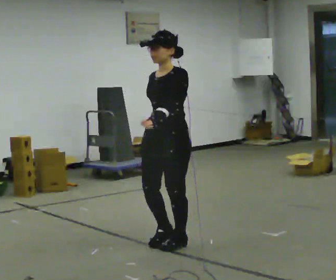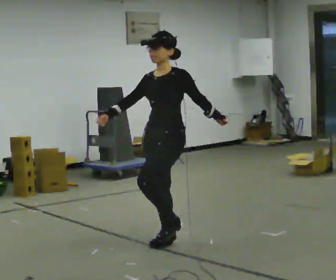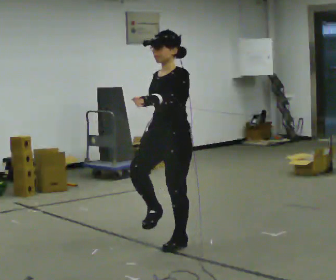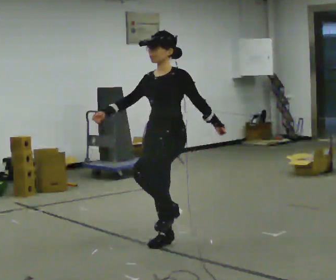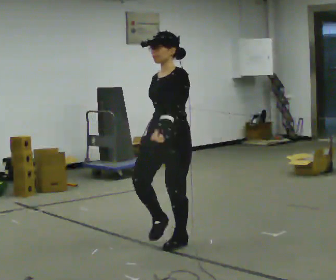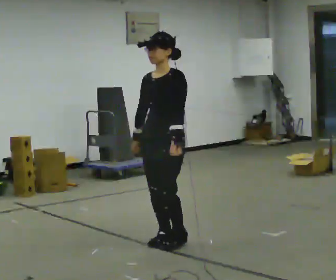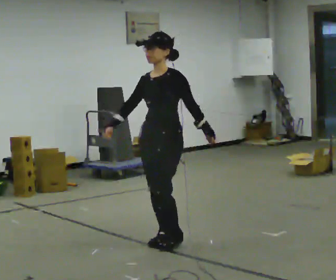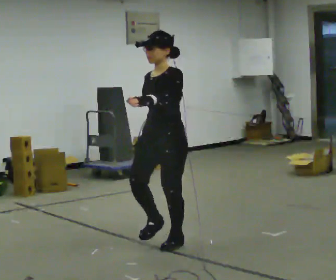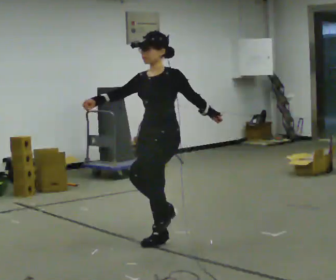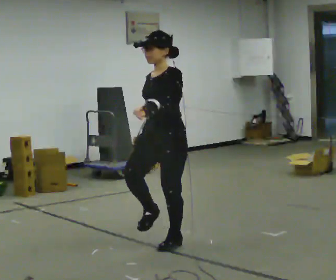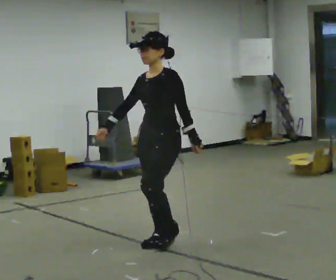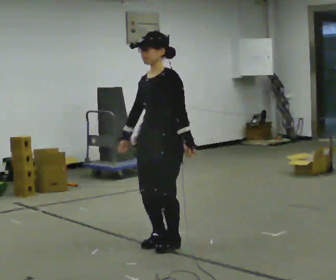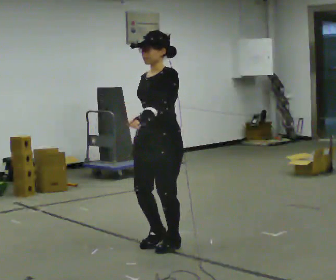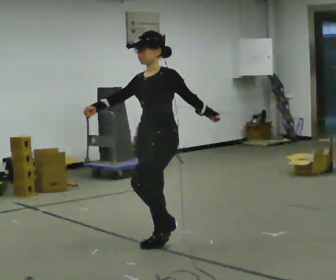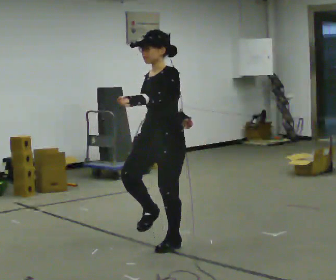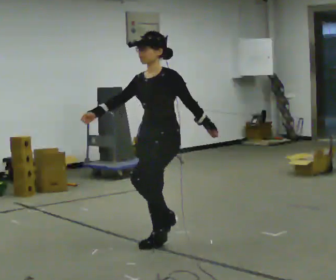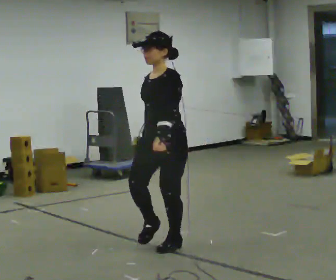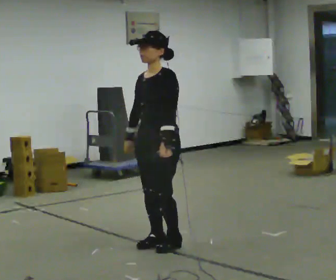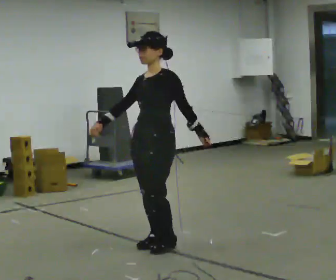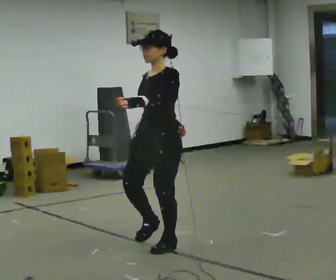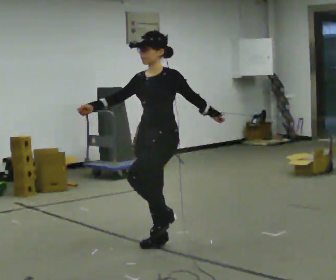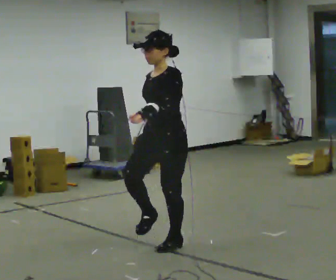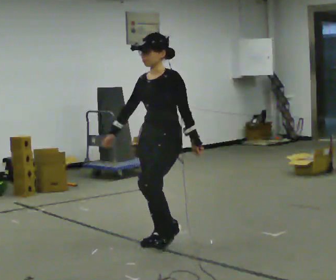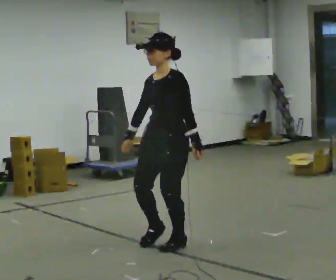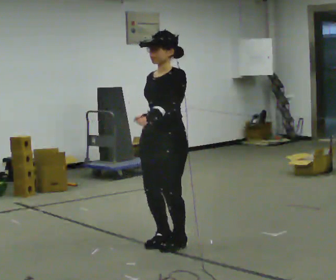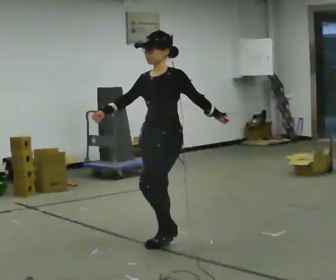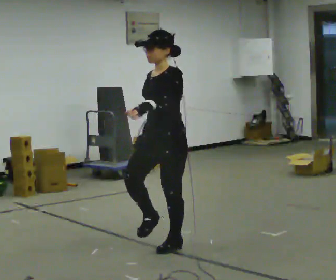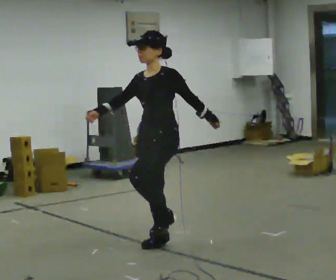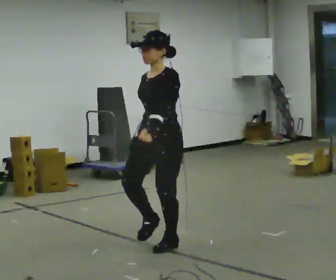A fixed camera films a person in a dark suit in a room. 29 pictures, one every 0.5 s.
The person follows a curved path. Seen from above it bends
counterclockwise.
0.0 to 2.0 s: The person moves a little, or ends about where they began.
2.0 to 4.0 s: In the picture their left hand goes to the right.
4.0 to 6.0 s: In the picture their left hand goes to the left.
6.0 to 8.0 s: The person moves a little, or ends about where they began.
8.0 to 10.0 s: In the picture their left hand goes to the right.
10.0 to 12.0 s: In the picture their left hand goes to the left.
12.0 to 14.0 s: The person moves a little, or ends about where they began.
The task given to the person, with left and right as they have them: March in place at a comfortable rhythm without moving forward; stop.
The film runs forward here.
